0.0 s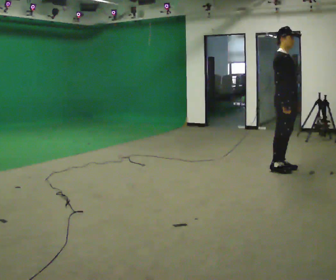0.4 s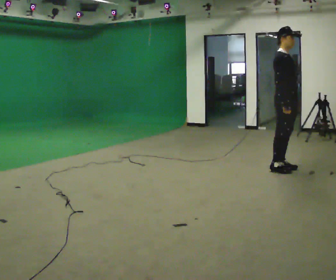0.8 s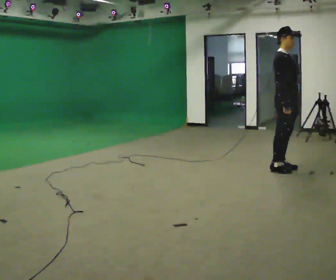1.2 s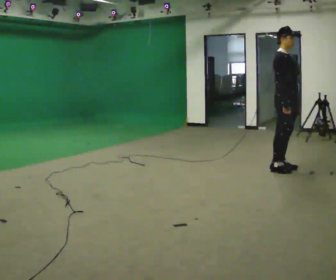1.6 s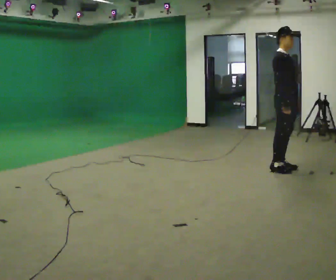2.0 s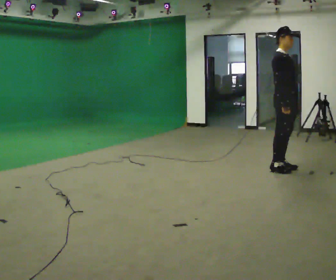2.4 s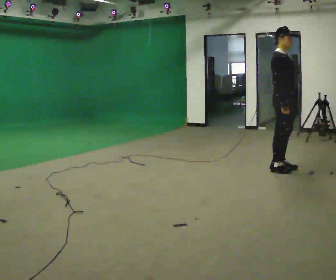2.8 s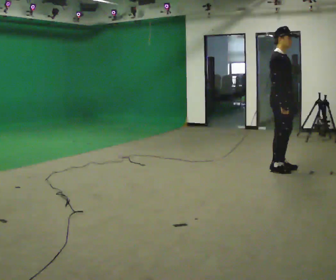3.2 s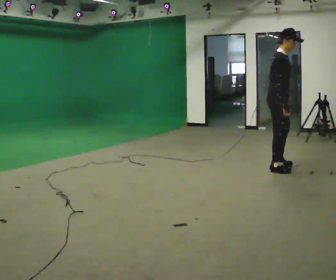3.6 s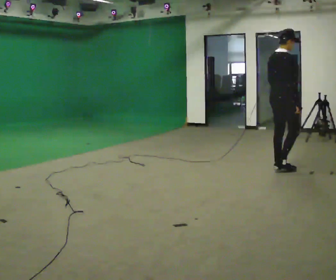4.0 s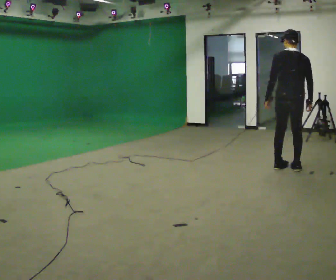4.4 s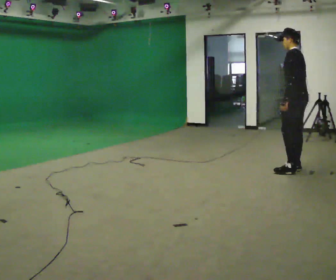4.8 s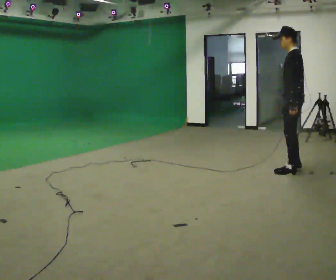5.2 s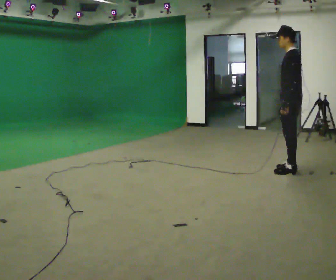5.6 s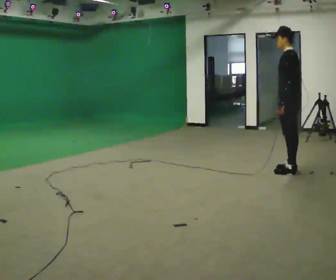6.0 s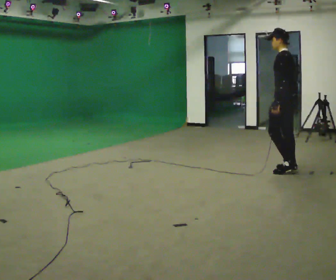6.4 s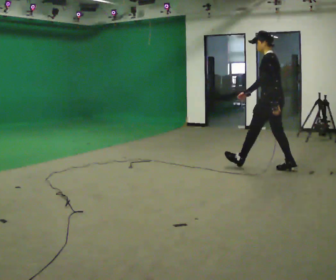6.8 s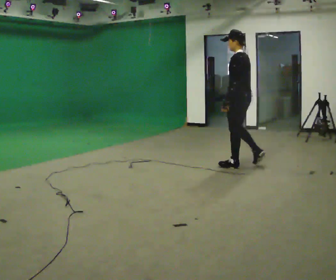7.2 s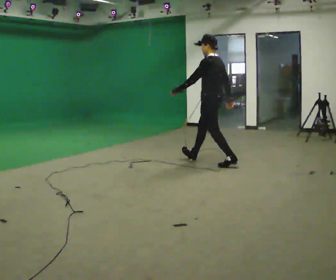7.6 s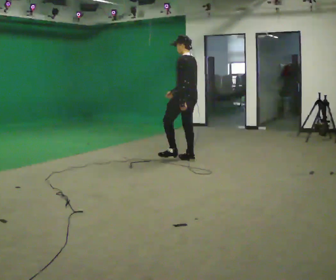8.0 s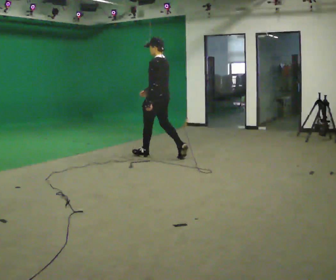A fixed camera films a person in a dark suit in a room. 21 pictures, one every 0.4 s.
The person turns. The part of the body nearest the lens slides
to the right.
The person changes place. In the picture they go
to the left.
0.0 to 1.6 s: The person keeps their place and pose.
1.6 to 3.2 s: The person moves a little, or ends about where they began.
3.2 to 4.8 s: The part of the body nearest the lens slides to the right as the person turns to their left by about 180 degrees. In the picture they go to the right, about 0.25 m in 2 steps.
4.8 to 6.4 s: In the picture they go to the left, about 0.25 m, which for them is forward.
6.4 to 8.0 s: In the picture they go to the left, about 1.5 m in 3 steps, which for them is forward.
The film runs forward here.
